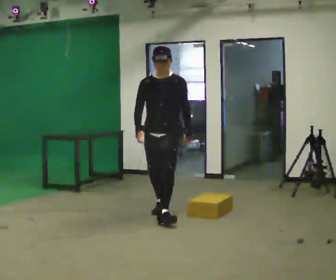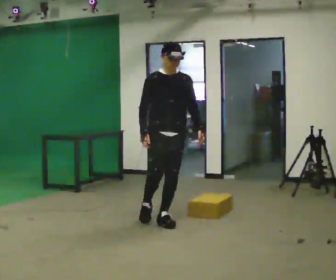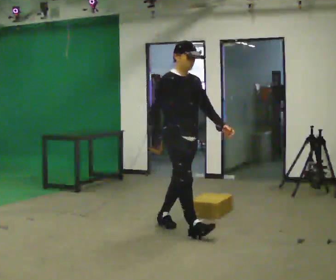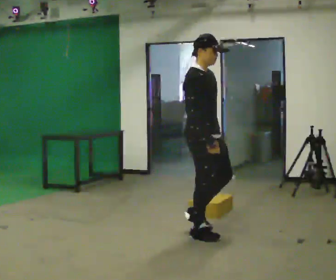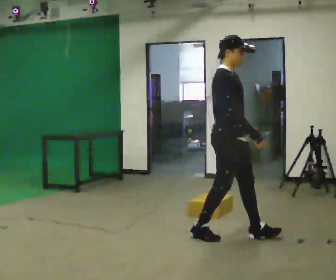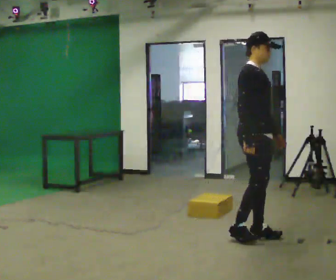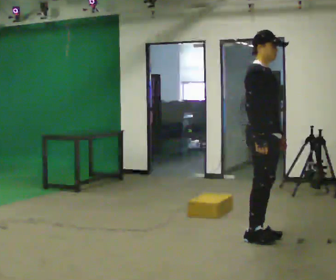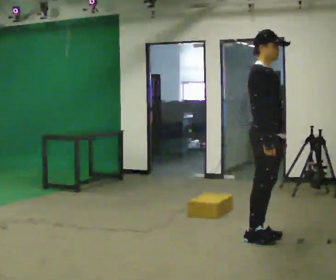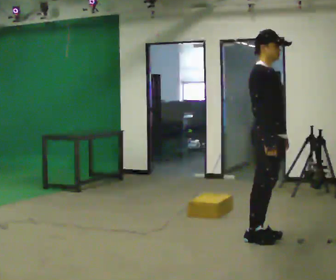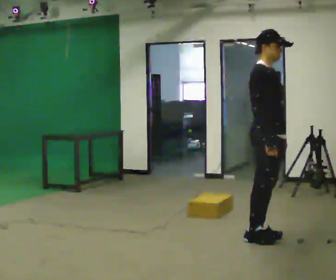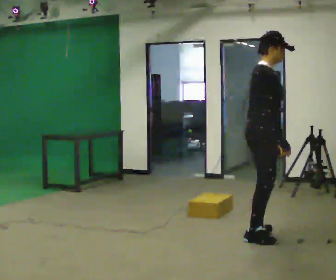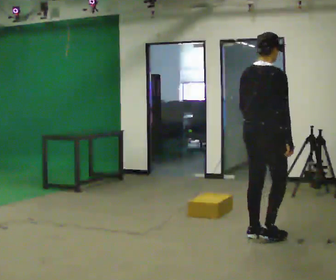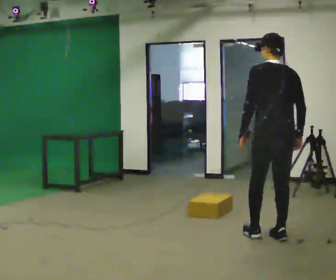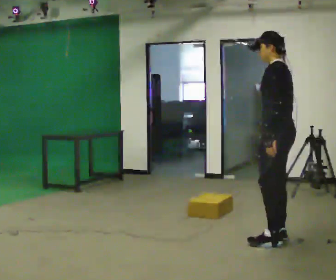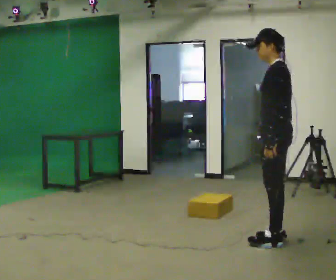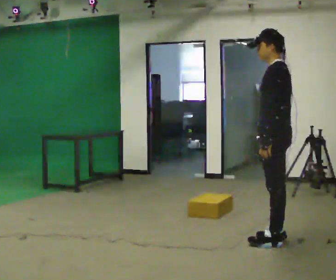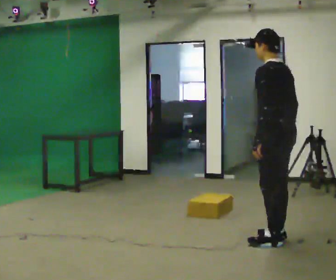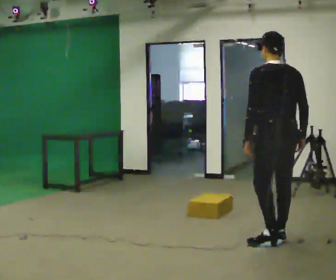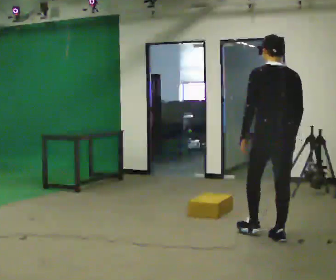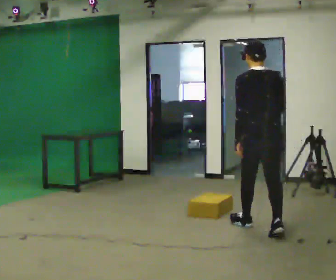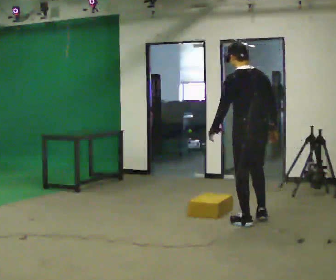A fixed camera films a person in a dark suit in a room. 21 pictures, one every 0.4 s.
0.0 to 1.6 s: Seen from above the body turns counterclockwise, about 75 degrees: to their left, with its near side sliding to the right. In the picture they go to the right and toward the camera, about 1 m in 2 steps.
1.6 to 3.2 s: In the picture they go to the right, about 0.25 m in 1 step, which for them is forward.
3.2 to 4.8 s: The part of the body nearest the lens slides to the right as the person turns to their left by about 135 degrees.
4.8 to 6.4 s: The person turns about 30 degrees to their left, counterclockwise seen from above, so the part of the body nearest the lens slides to the right.
6.4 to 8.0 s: The person turns about 30 degrees to their right, clockwise seen from above, so the part of the body nearest the lens slides to the left. In the picture they go away from the camera, about 0.5 m in 1 step, which for them is forward.
The film runs forward here.
